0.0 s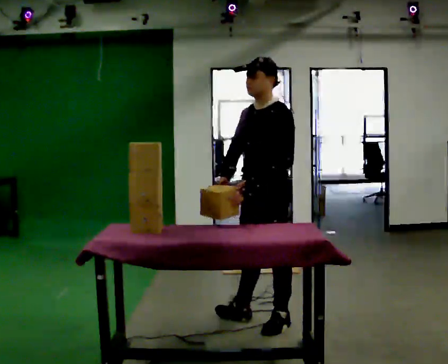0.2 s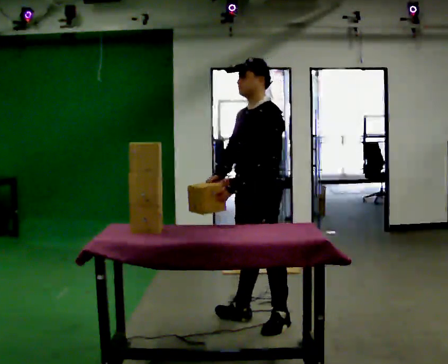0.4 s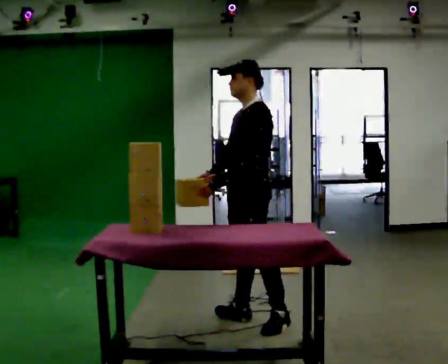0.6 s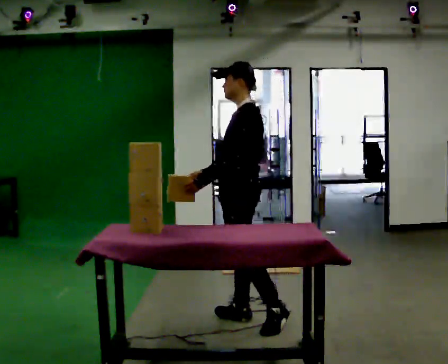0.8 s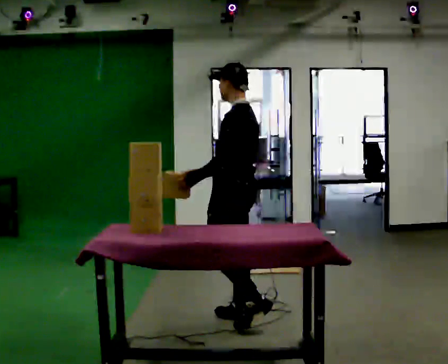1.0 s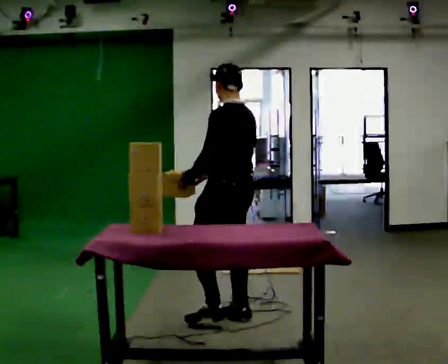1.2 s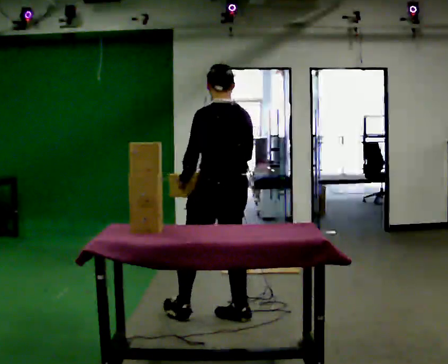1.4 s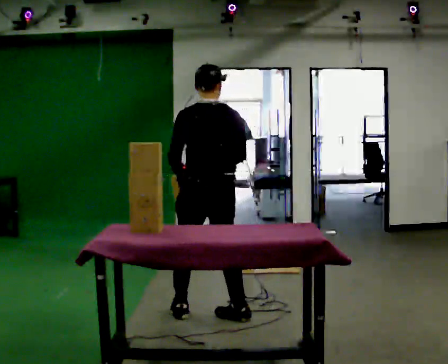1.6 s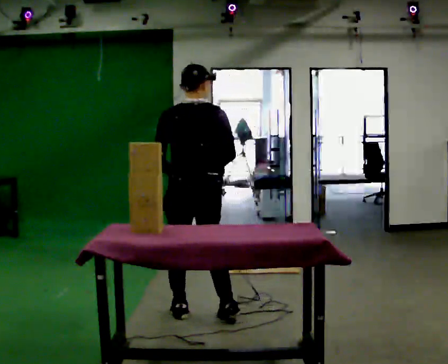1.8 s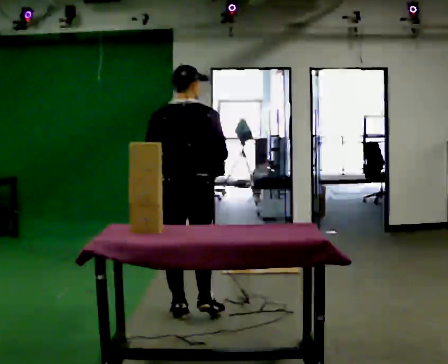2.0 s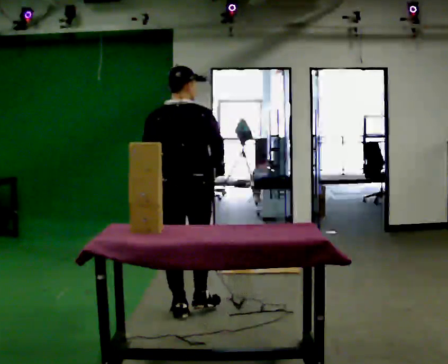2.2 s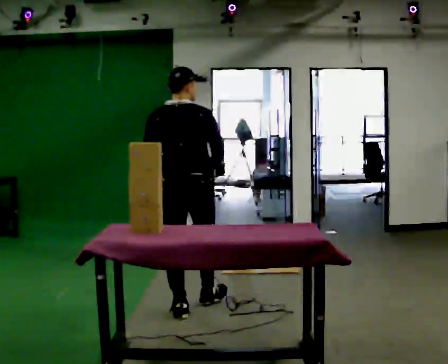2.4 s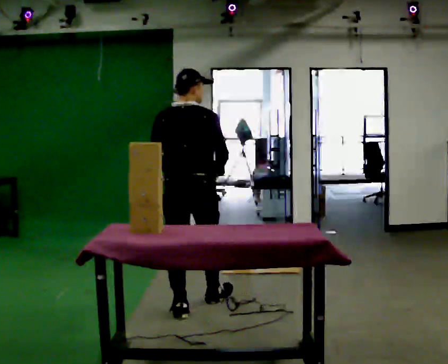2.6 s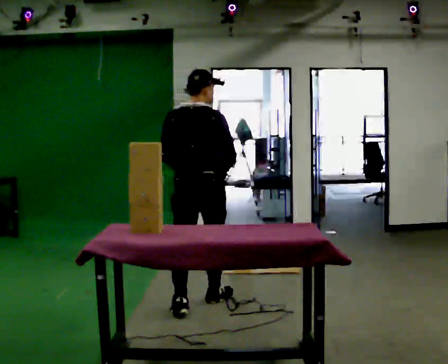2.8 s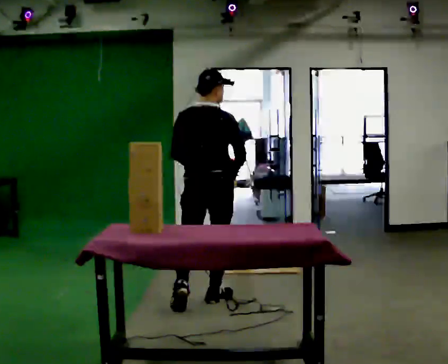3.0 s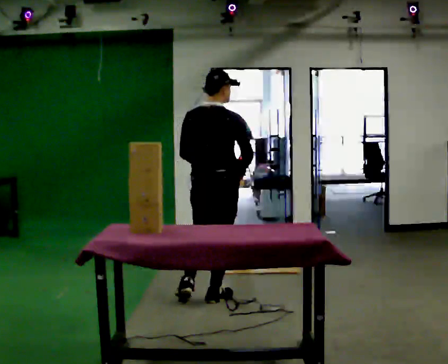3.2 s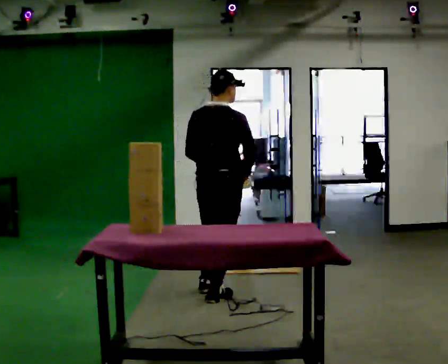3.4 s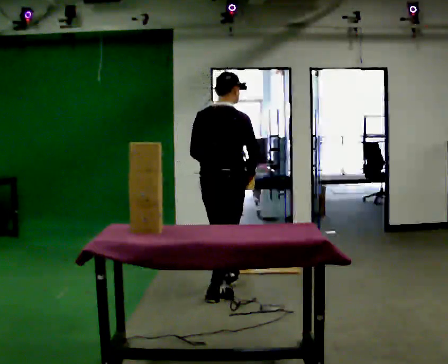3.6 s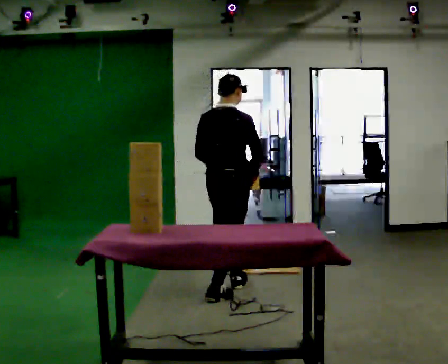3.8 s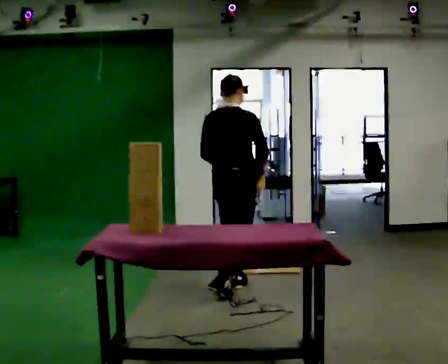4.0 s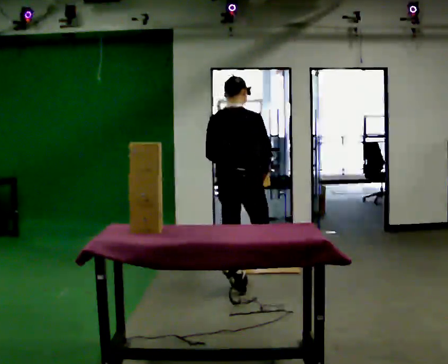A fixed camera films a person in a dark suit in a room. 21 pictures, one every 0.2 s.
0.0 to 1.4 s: The person turns about 90 degrees to their right, clockwise seen from above, so the part of the body nearest the lens slides to the left. In the picture they go to the left and away from the camera, about 0.5 m in 1 step.
1.4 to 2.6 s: Seen from above the body turns clockwise, about 30 degrees: to their right, with its near side sliding to the left. In the picture they go away from the camera, about 0.25 m in 1 step, which for them is forward.
2.6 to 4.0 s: In the picture they go away from the camera and to the right, about 0.5 m in 1 step, which for them is forward.
The film runs forward here.
